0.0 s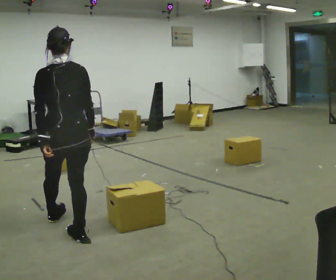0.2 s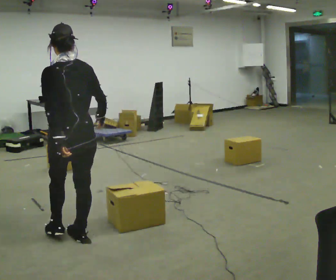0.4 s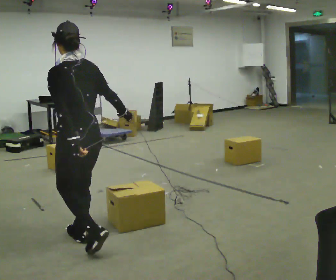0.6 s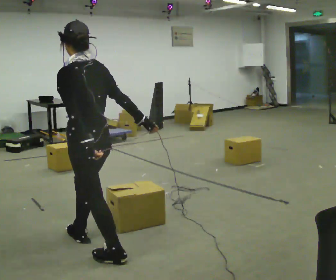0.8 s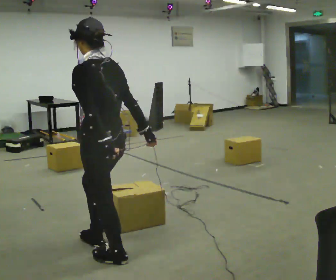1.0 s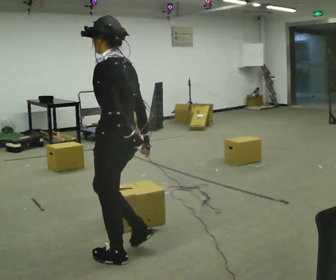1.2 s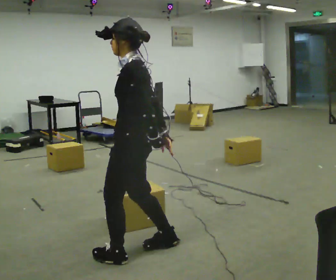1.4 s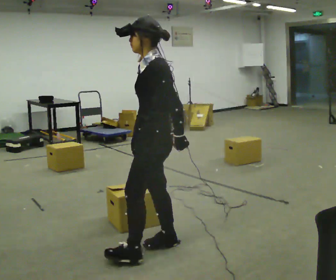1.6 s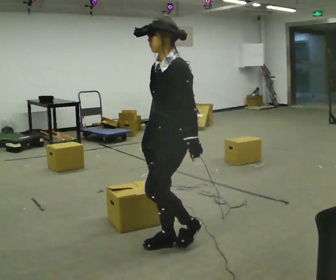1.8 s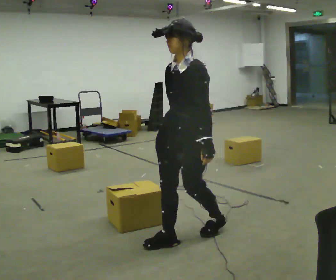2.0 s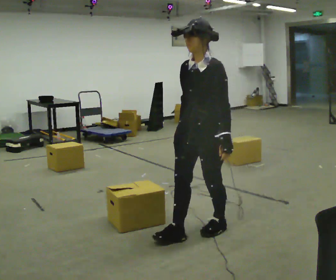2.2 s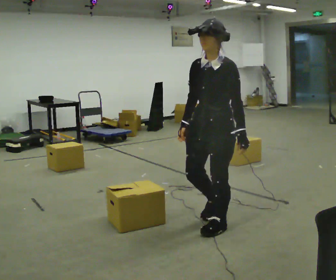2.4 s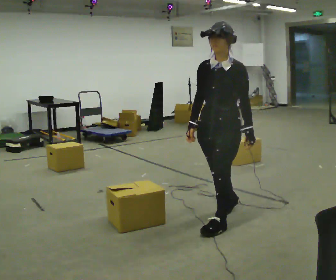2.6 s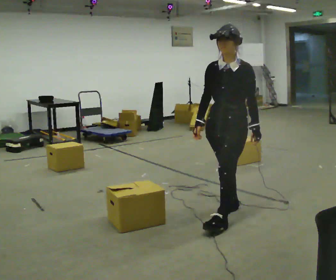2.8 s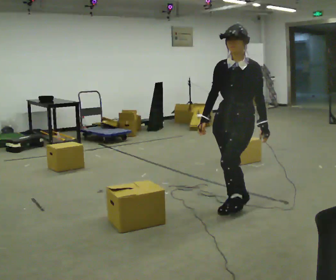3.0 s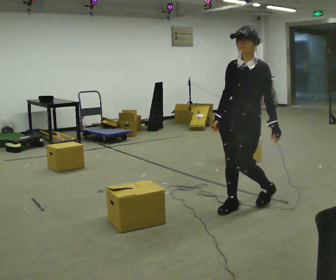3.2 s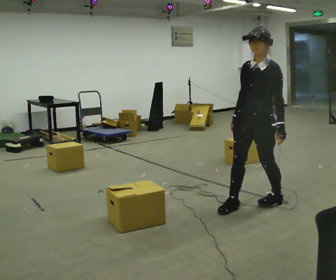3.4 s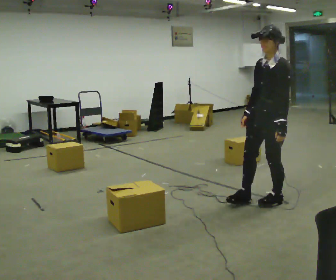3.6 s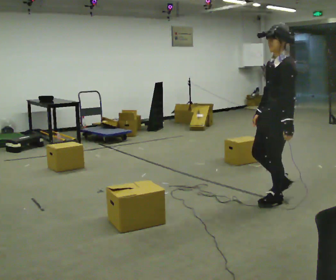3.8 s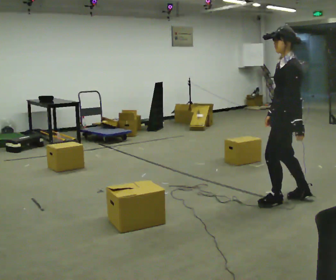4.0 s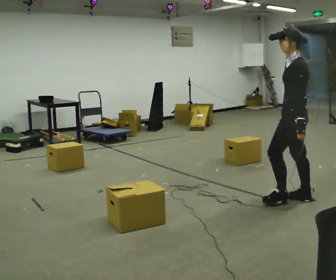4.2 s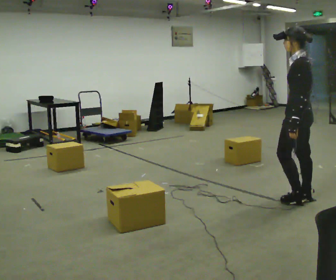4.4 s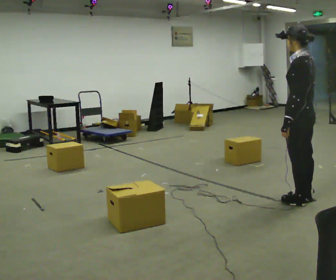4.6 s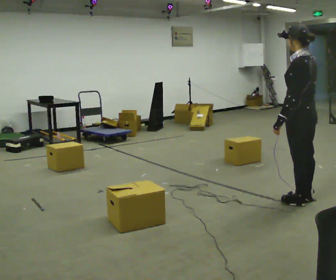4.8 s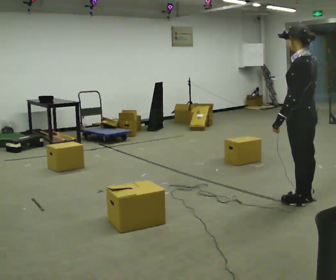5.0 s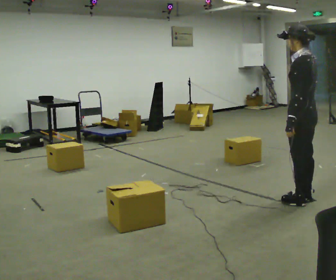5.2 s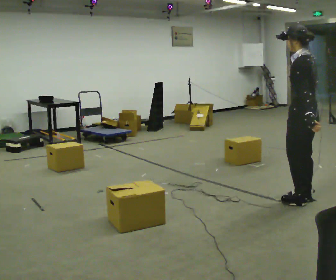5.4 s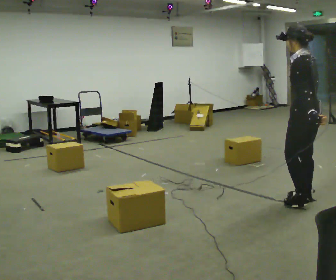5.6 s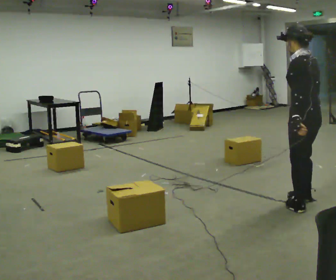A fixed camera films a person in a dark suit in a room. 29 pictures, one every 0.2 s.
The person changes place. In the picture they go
to the right.
0.0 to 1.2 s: The part of the body nearest the lens slides to the right as the person turns to their left by about 60 degrees. In the picture they go to the right and toward the camera, about 0.5 m in 1 step.
1.2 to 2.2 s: The person turns about 45 degrees to their left, counterclockwise seen from above, so the part of the body nearest the lens slides to the right. In the picture they go to the right and away from the camera, about 0.75 m in 2 steps, which for them is backward.
2.2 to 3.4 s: In the picture they go away from the camera and to the right, about 0.5 m in 2 steps, which for them is backward.
3.4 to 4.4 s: The person turns about 75 degrees to their right, clockwise seen from above, so the part of the body nearest the lens slides to the left. In the picture they go to the right, about 0.25 m in 1 step.
4.4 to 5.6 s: The person moves a little, or ends about where they began.
The film runs backward here.
